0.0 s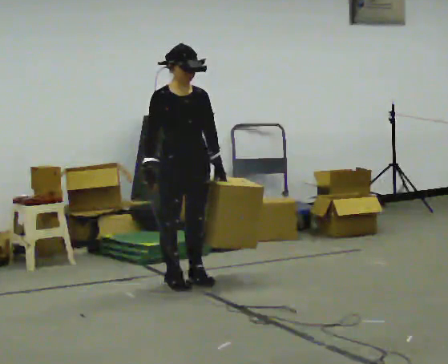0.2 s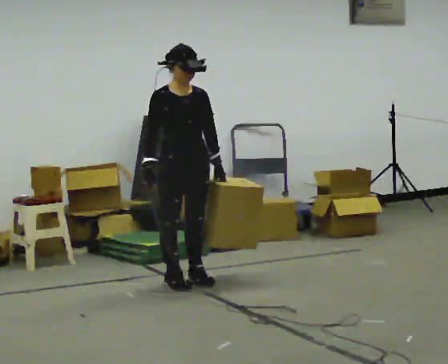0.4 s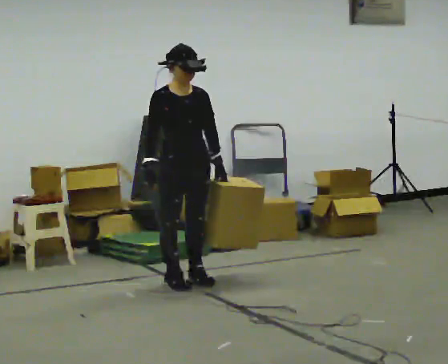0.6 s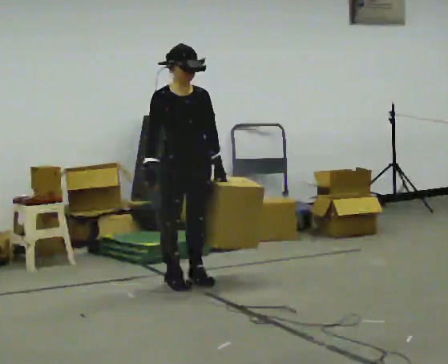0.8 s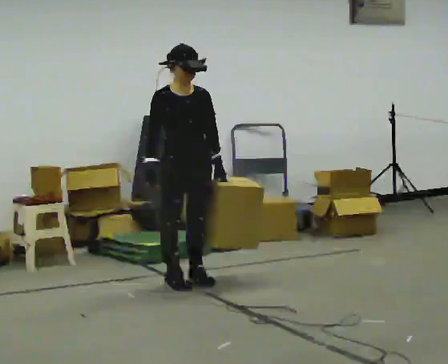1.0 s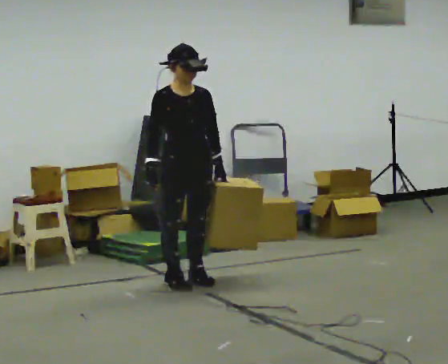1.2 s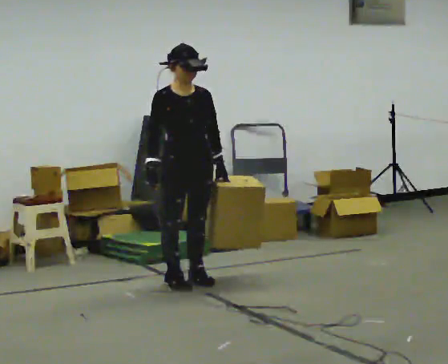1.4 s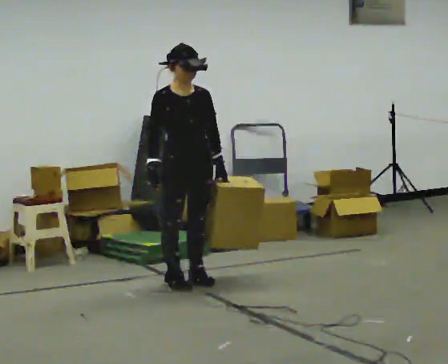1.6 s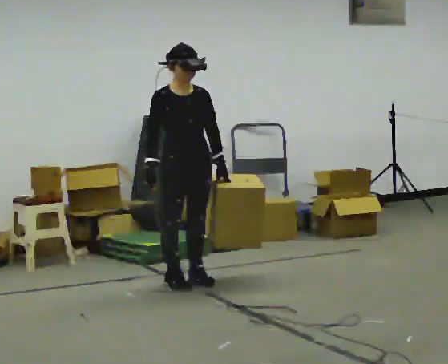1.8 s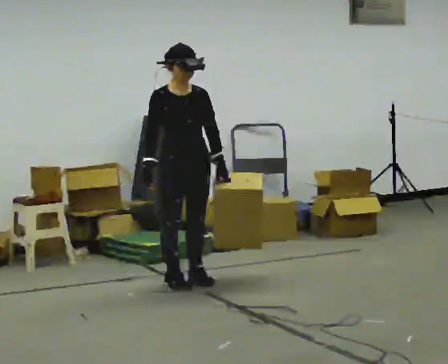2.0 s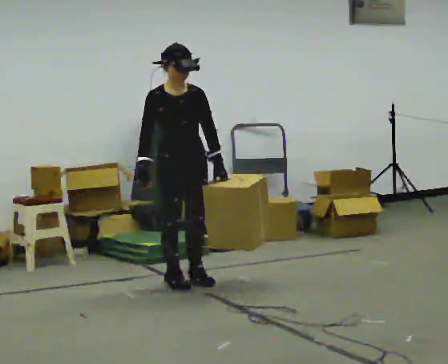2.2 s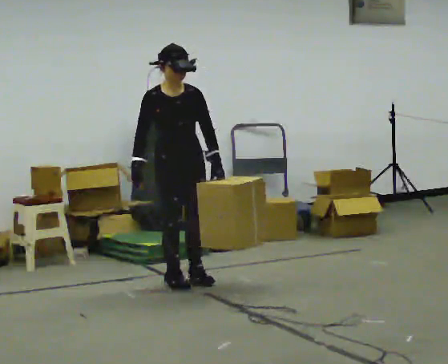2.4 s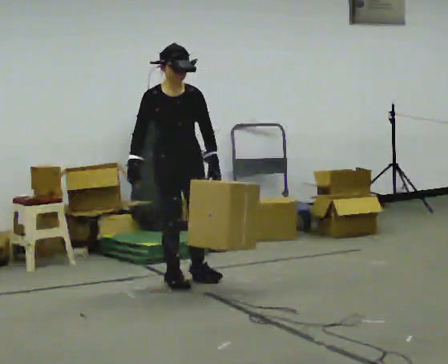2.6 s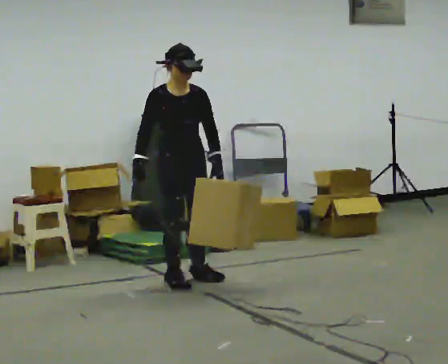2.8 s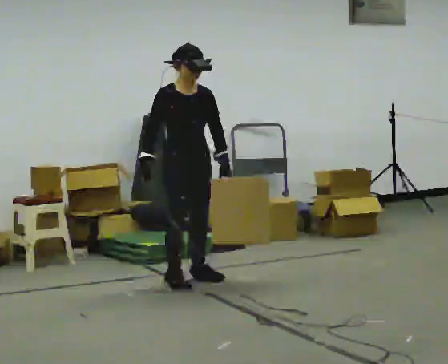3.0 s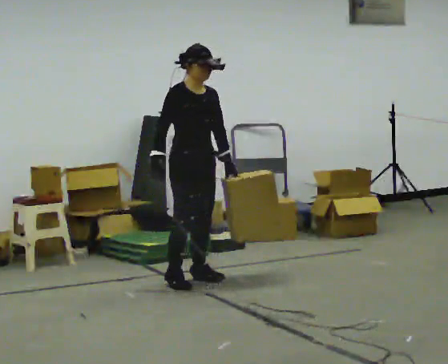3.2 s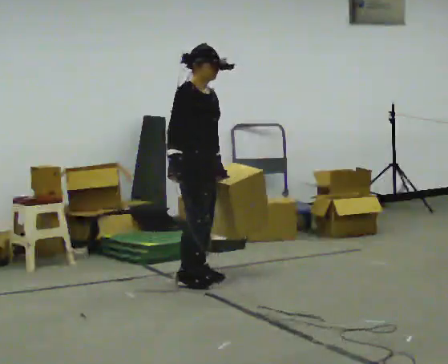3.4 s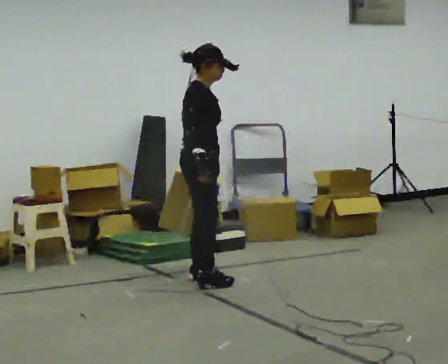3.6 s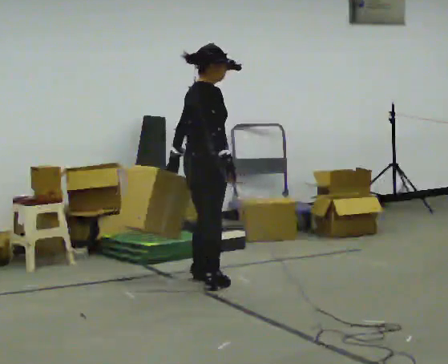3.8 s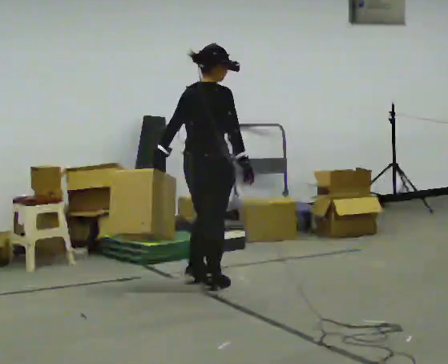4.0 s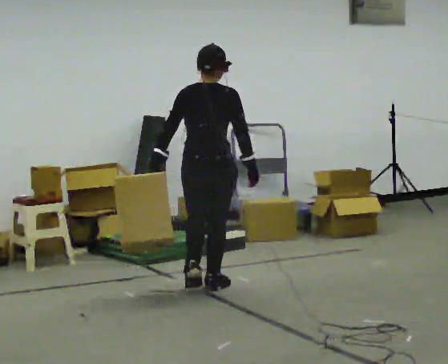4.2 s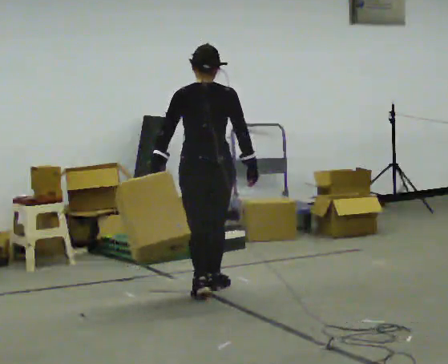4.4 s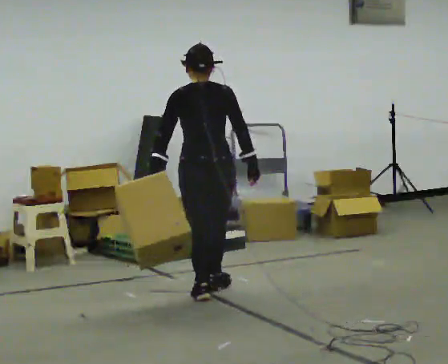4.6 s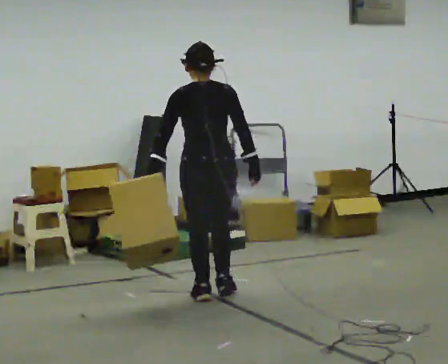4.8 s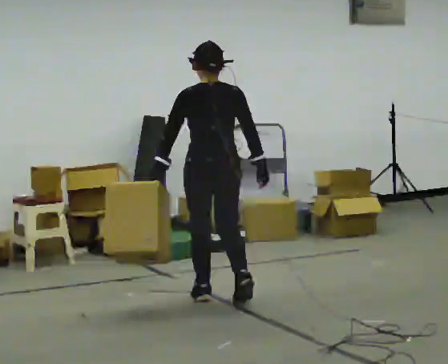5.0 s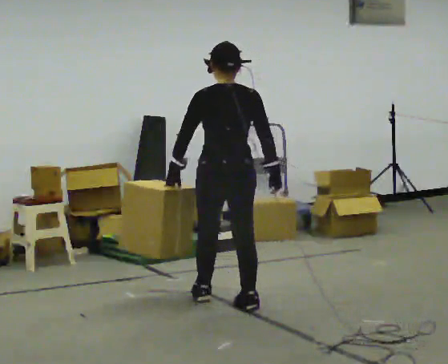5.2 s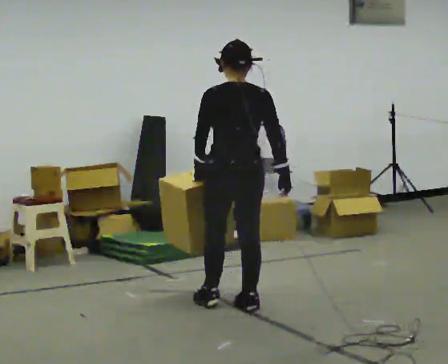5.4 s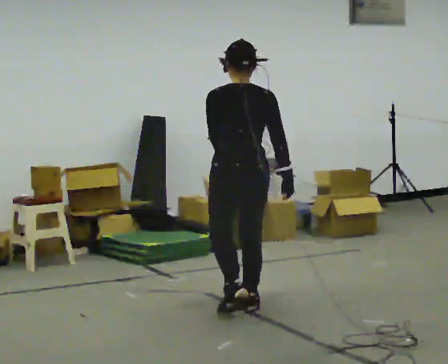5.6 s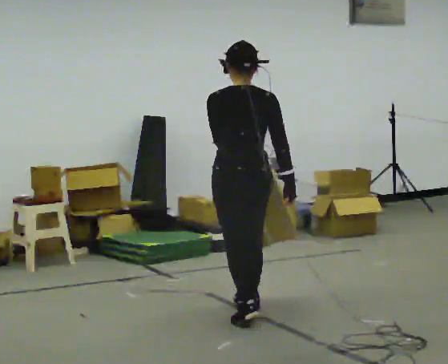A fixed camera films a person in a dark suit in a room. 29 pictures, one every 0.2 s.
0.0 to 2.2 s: The person moves a little, or ends about where they began.
2.2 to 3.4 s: Seen from above the body turns counterclockwise, about 60 degrees: to their left, with its near side sliding to the right.
3.4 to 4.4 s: Seen from above the body turns counterclockwise, about 105 degrees: to their left, with its near side sliding to the right. In the picture they go toward the camera, about 0.5 m in 2 steps.
4.4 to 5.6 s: In the picture they go toward the camera, about 0.5 m in 1 step, which for them is backward.
The film runs backward here.
